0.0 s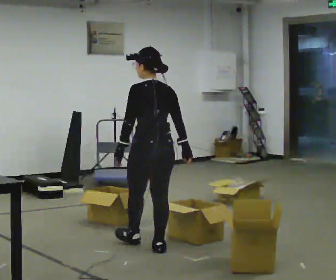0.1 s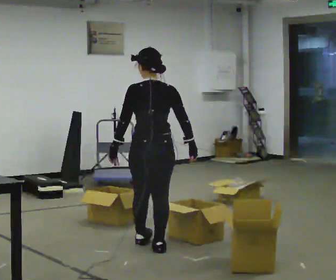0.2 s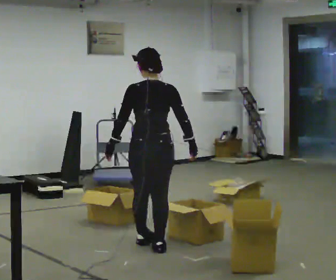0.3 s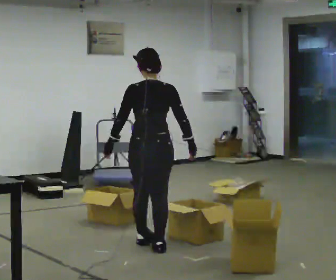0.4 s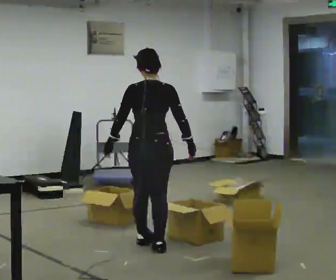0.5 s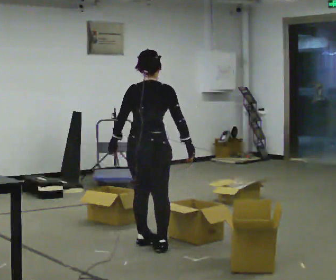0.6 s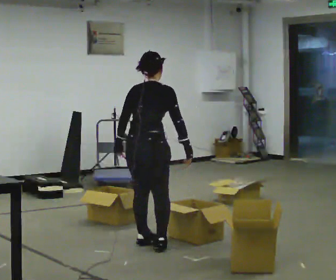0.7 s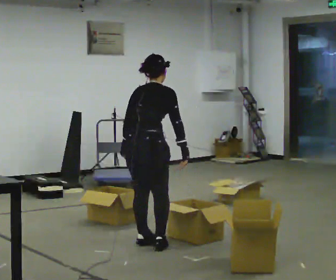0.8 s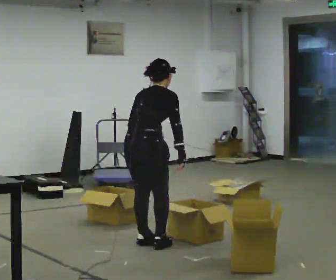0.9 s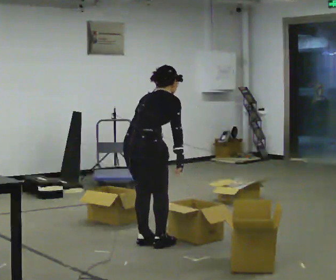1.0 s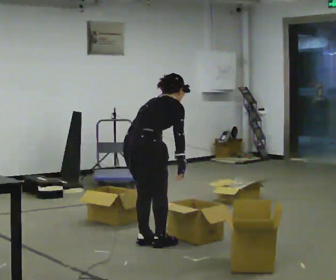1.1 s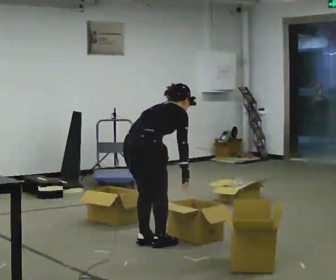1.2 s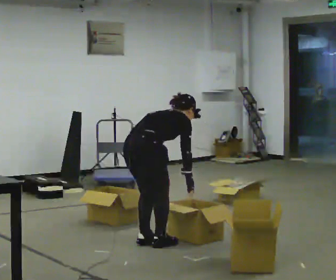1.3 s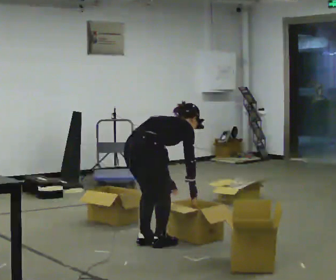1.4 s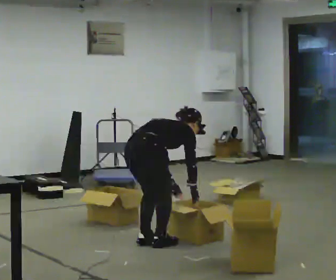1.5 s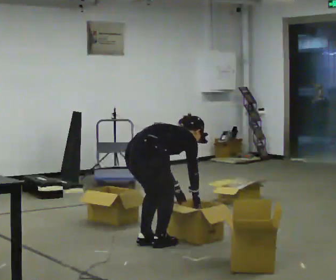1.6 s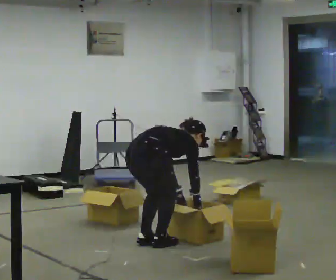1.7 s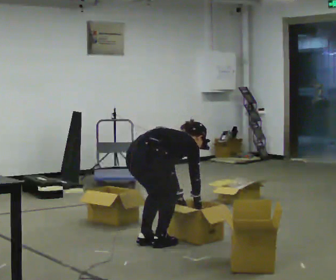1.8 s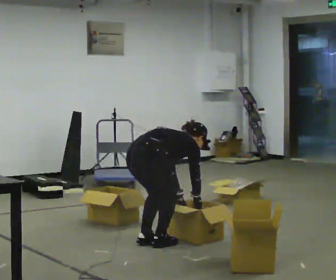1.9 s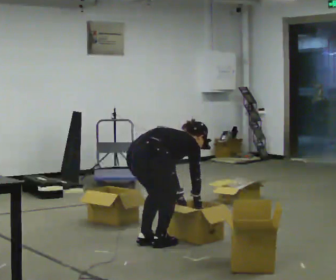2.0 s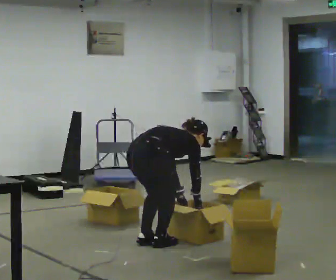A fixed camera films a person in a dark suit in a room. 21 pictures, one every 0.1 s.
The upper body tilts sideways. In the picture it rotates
clockwise.
The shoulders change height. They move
downward.
0.0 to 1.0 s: The person turns about 75 degrees to their right, clockwise seen from above, so the part of the body nearest the lens slides to the left. In the picture the upper body tilts clockwise, shoulders to the right, as they bend forward.
1.0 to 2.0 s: The upper body goes downward. In the picture the upper body tilts clockwise, shoulders to the right, as they bend forward. In the picture their right hand goes downward.
The film runs backward here.
